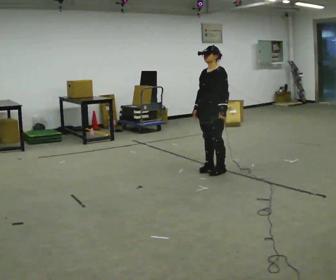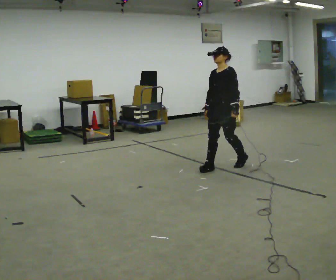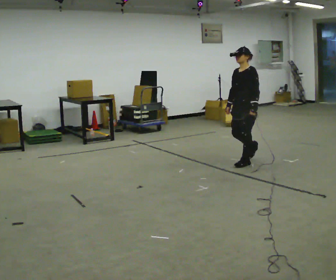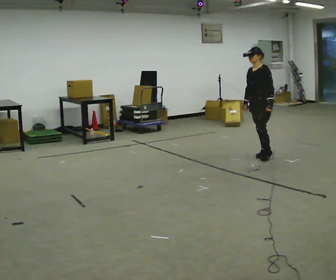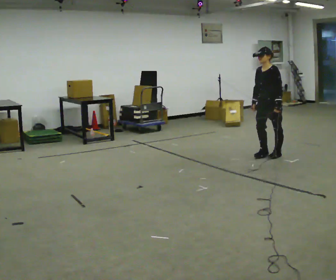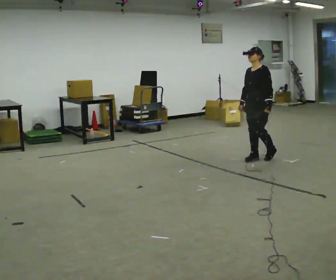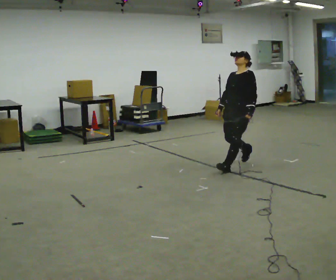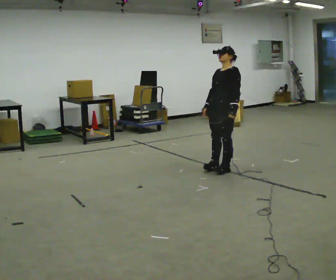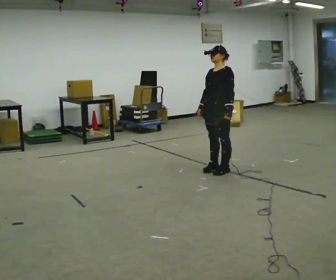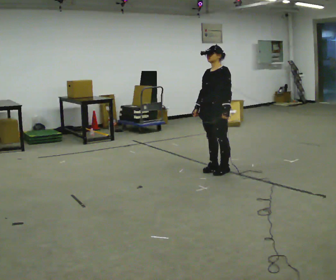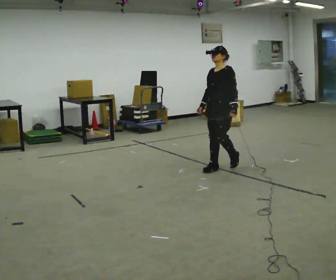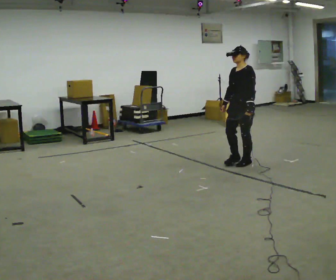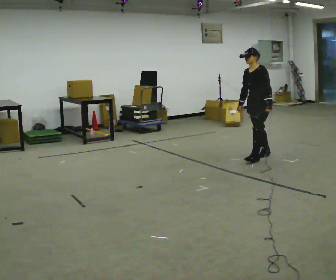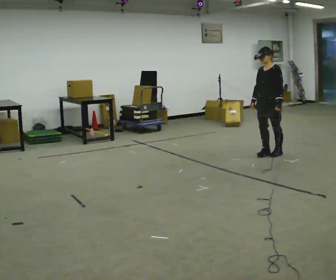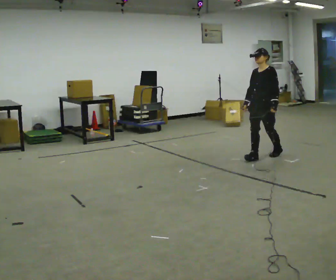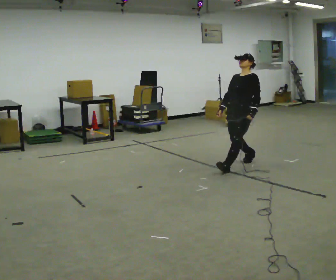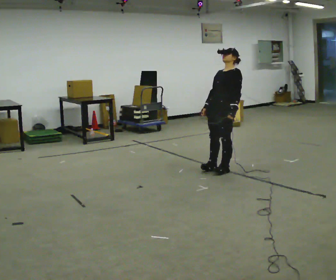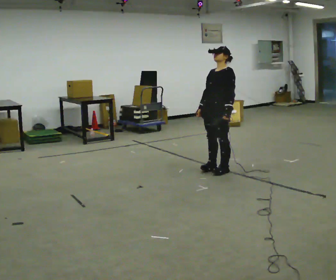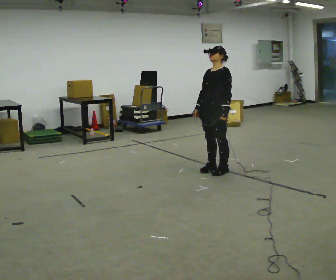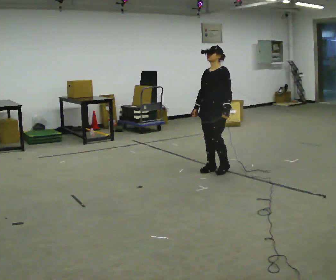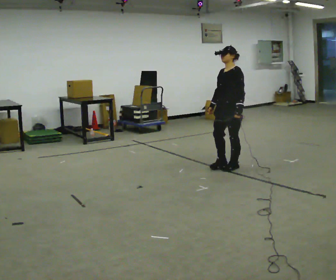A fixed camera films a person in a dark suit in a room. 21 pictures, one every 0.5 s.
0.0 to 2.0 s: In the picture they go to the right and away from the camera, about 1 m in 4 steps, which for them is backward.
2.0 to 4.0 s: In the picture they go to the left and toward the camera, about 1 m in 2 steps, which for them is forward.
4.0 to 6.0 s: In the picture they go away from the camera and to the right, about 0.5 m in 3 steps, which for them is backward. In the picture the upper body tilts counterclockwise, shoulders to the left, as they bend forward.
6.0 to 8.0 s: In the picture they go toward the camera and to the left, about 0.75 m in 3 steps, which for them is forward. In the picture the upper body tilts clockwise, shoulders to the right, as they lean back or straighten.
8.0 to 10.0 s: The person moves a little, or ends about where they began.
The film runs backward here.
